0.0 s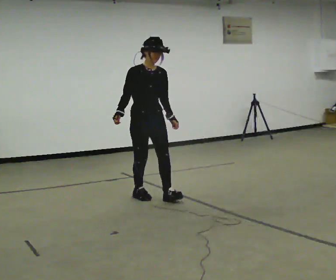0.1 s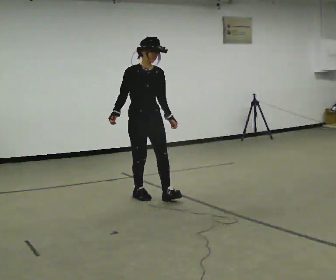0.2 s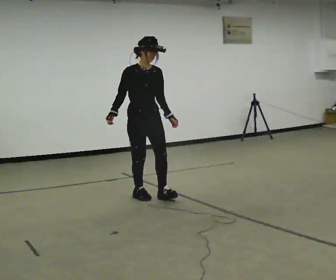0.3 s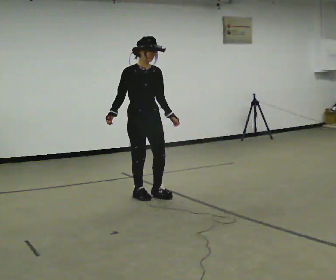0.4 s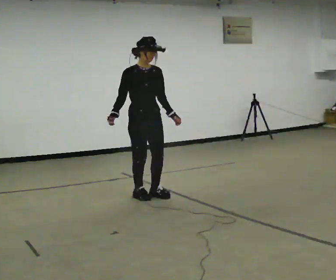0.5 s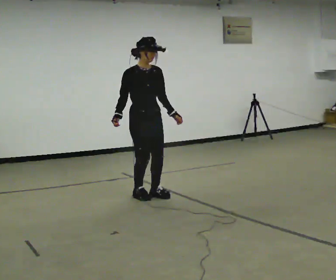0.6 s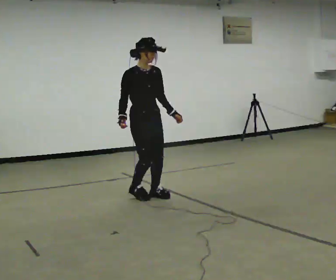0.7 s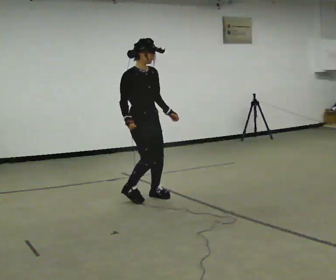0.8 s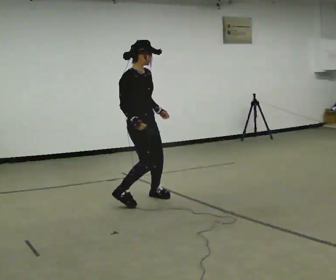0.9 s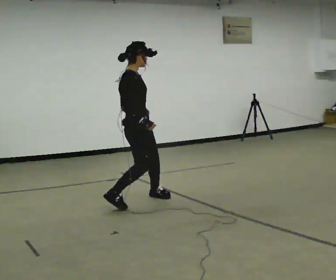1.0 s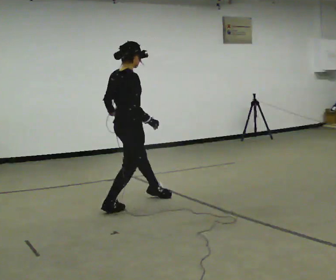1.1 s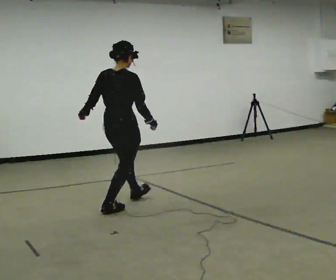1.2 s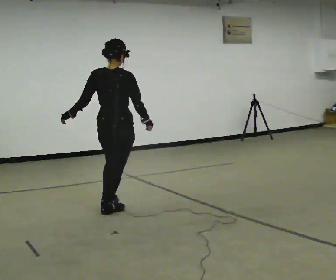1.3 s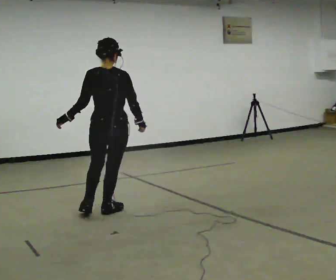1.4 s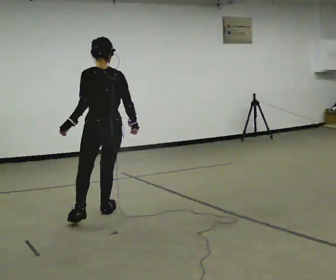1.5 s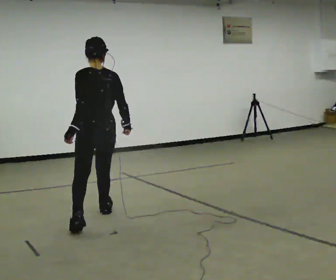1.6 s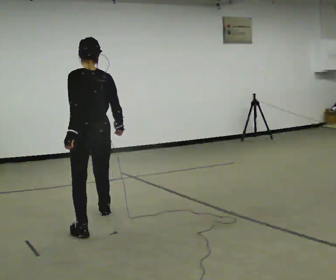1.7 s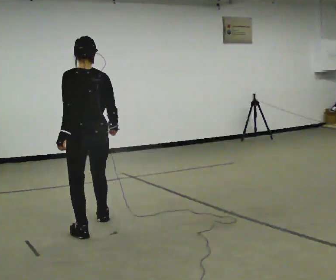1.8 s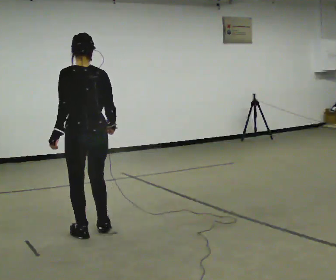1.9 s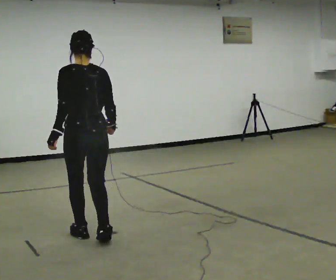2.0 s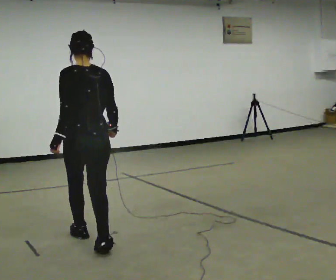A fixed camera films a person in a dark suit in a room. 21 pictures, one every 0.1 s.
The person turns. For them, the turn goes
to their left.
The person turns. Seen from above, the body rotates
counterclockwise.
0.0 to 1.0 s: The person turns about 105 degrees to their left, counterclockwise seen from above, so the part of the body nearest the lens slides to the right. In the picture they go toward the camera and to the left, about 0.5 m in 2 steps.
1.0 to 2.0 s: The person turns about 75 degrees to their left, counterclockwise seen from above, so the part of the body nearest the lens slides to the right. In the picture they go toward the camera, about 1 m in 1 step.
The film runs forward here.
